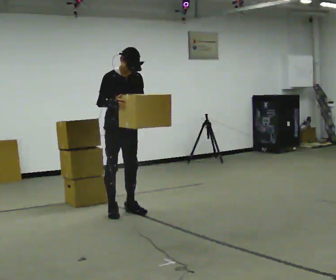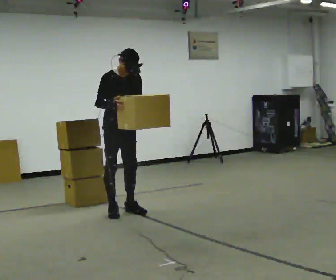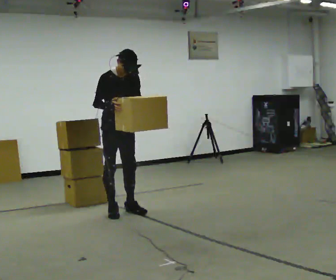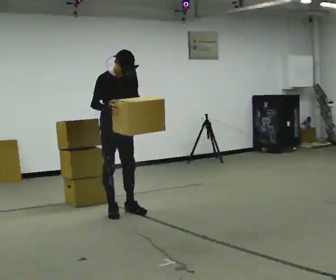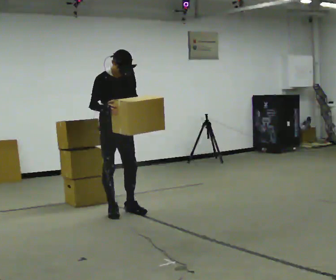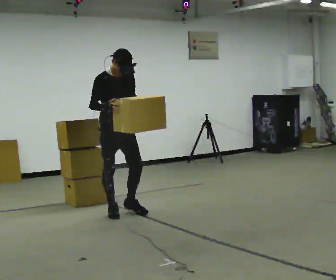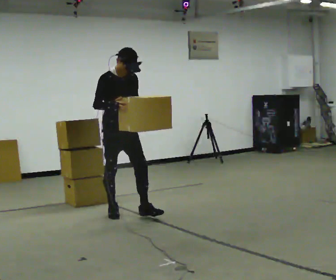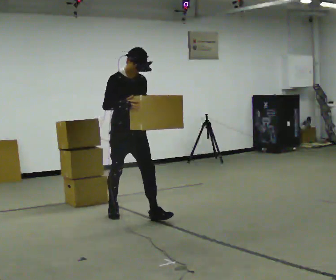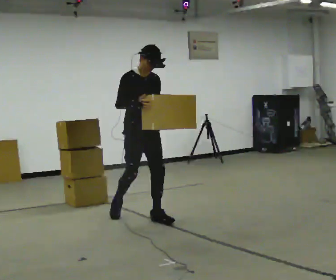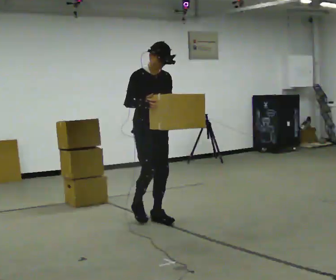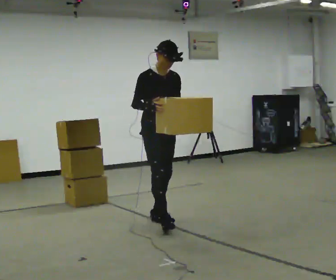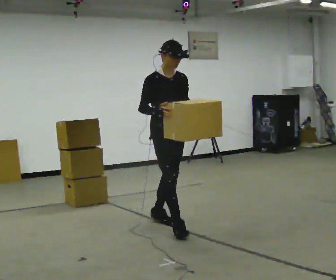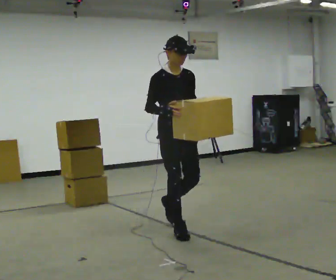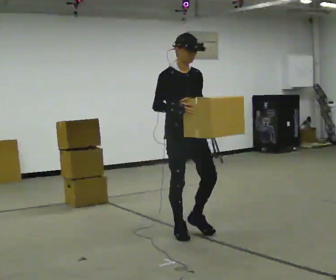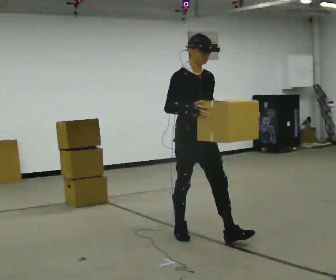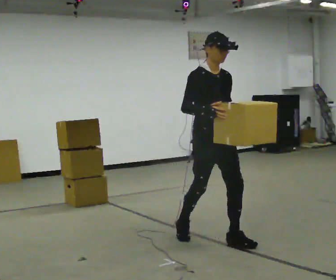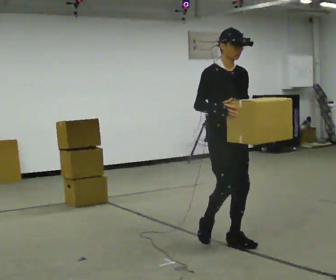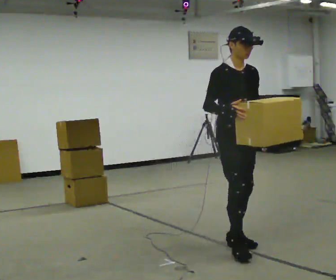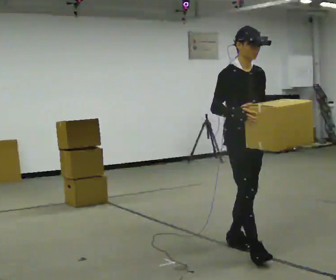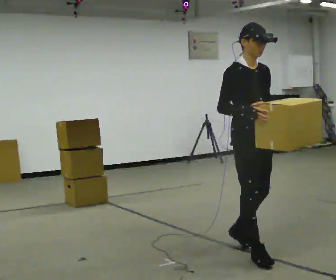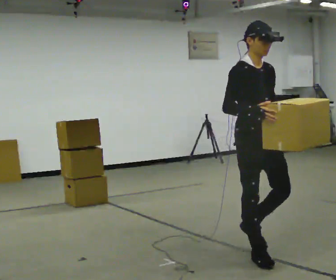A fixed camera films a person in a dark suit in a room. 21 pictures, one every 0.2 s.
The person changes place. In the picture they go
toward the camera.
0.0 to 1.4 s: In the picture they go toward the camera, about 0.25 m in 1 step, which for them is forward.
1.4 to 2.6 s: In the picture they go toward the camera and to the right, about 1 m in 1 step, which for them is forward.
2.6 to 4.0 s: In the picture they go toward the camera and to the right, about 1 m in 2 steps, which for them is forward.
The film runs forward here.
